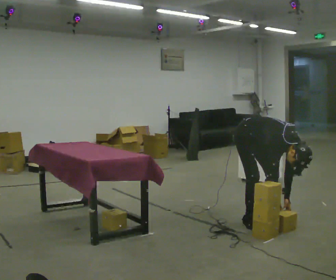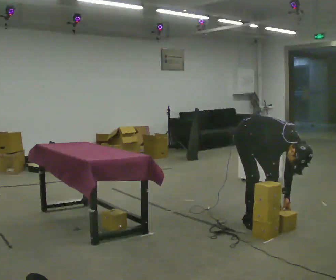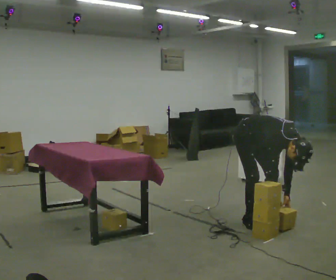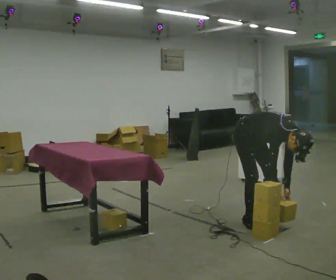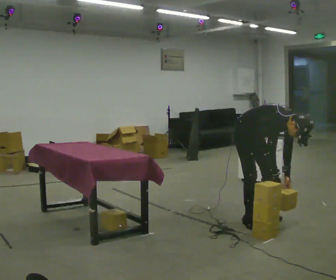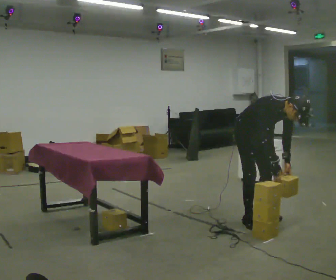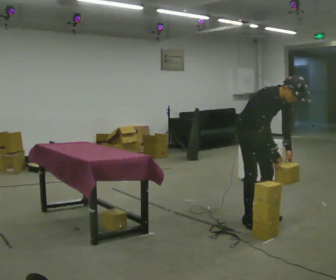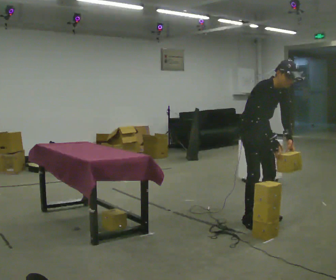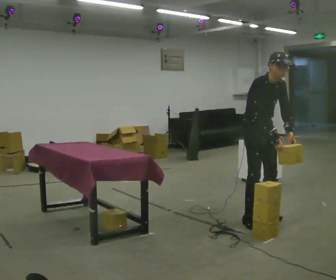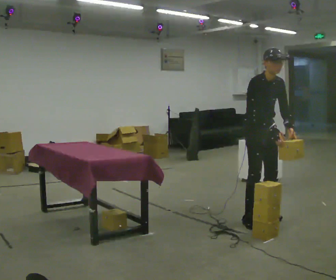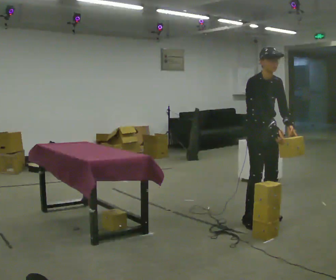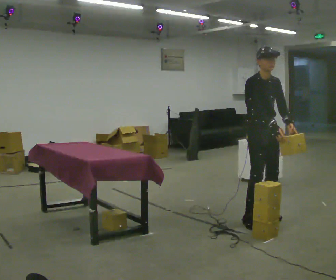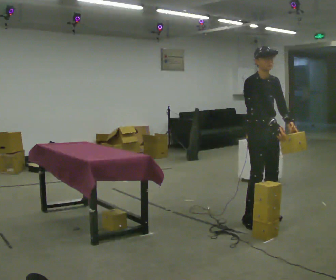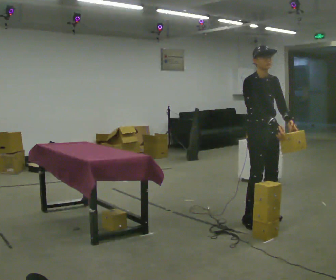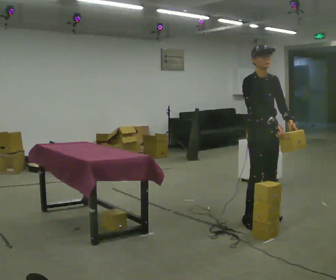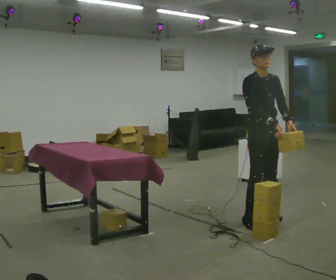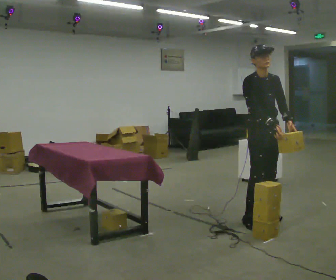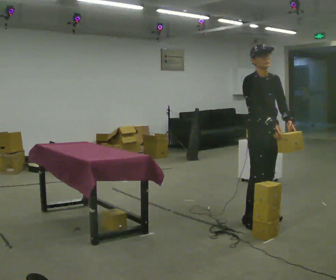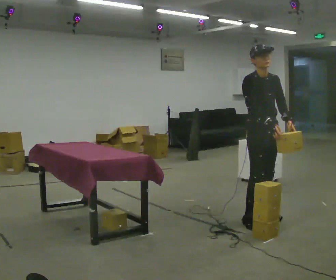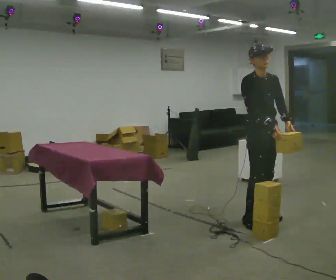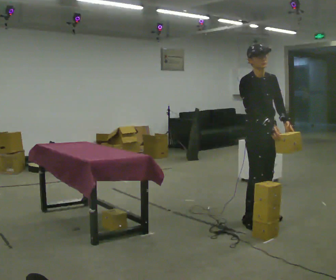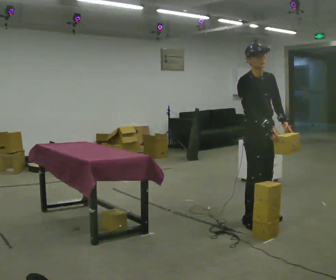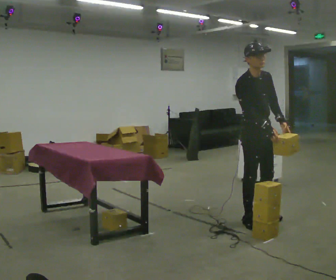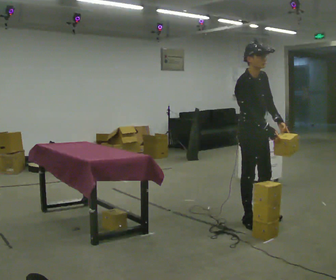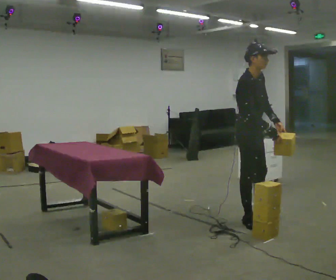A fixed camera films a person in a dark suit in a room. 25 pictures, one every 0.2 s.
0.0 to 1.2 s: The upper body goes upward. In the picture the upper body tilts counterclockwise, shoulders to the left, as they lean back or straighten. In the picture their left hand goes upward.
1.2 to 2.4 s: In the picture the upper body tilts counterclockwise, shoulders to the left, as they lean back or straighten.
2.4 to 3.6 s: The person moves a little, or ends about where they began.
3.6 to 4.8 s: Seen from above the body turns counterclockwise, about 30 degrees: to their left, with its near side sliding to the right.
The film runs forward here.
